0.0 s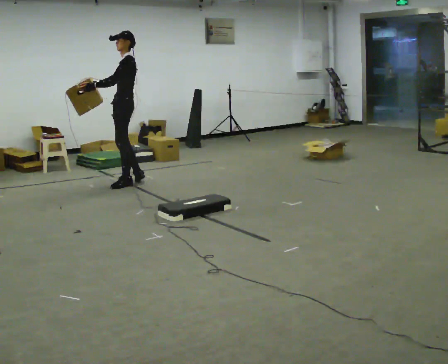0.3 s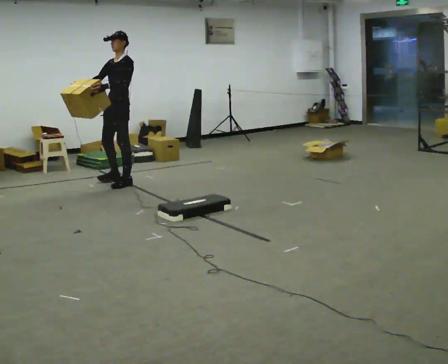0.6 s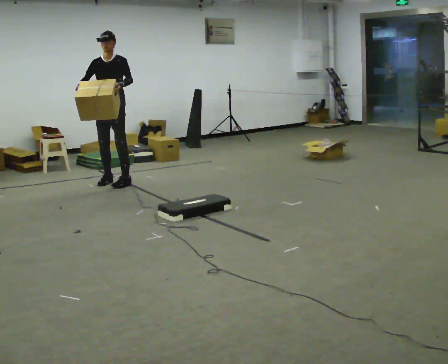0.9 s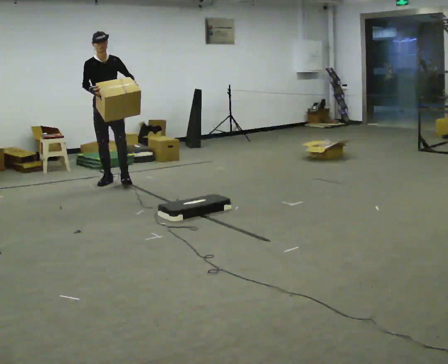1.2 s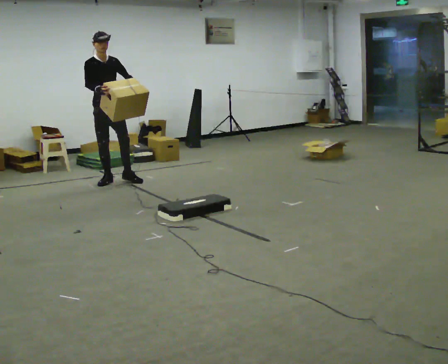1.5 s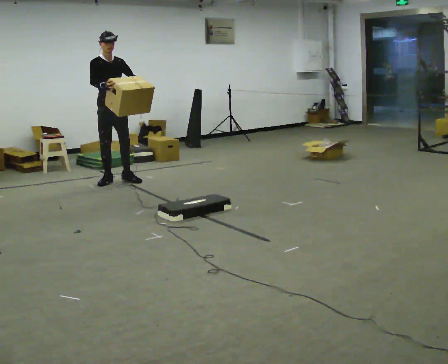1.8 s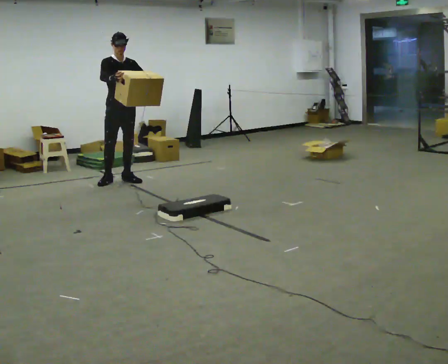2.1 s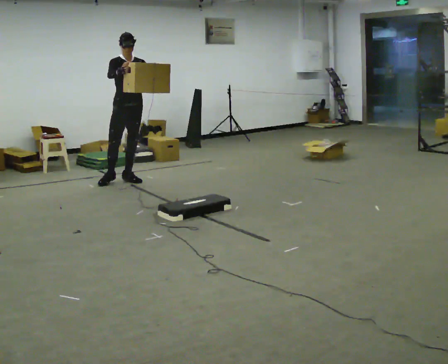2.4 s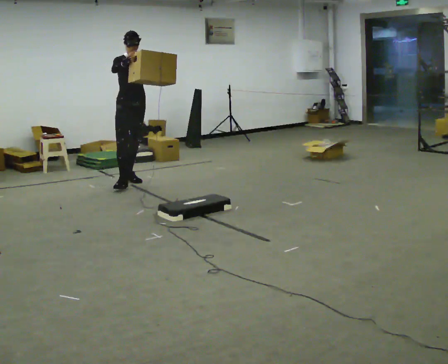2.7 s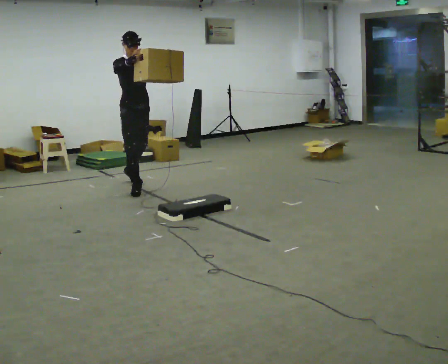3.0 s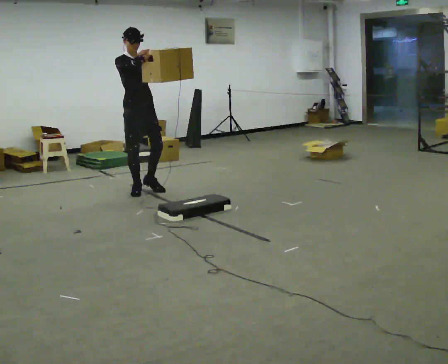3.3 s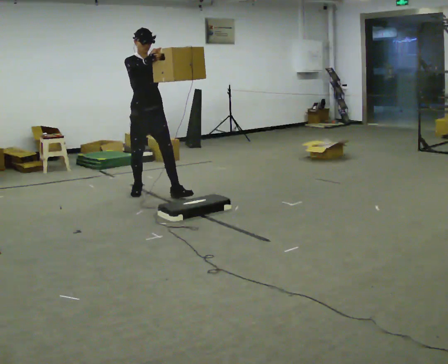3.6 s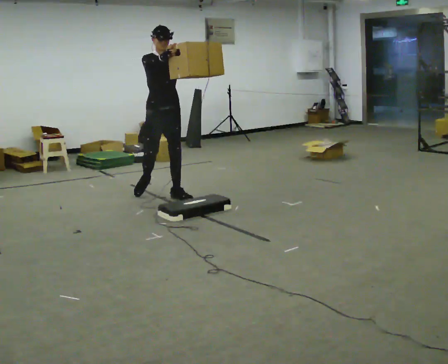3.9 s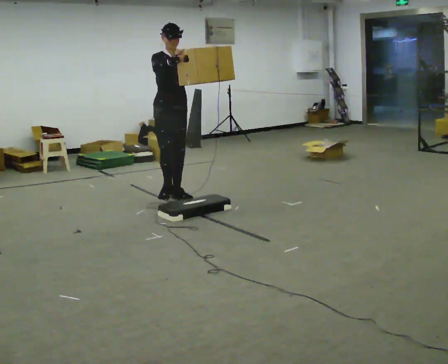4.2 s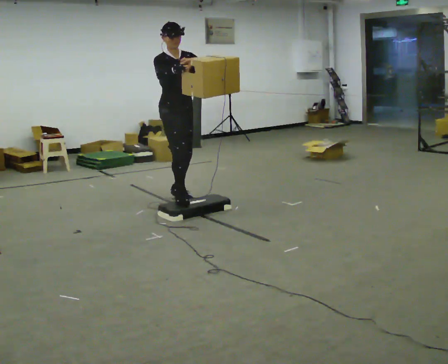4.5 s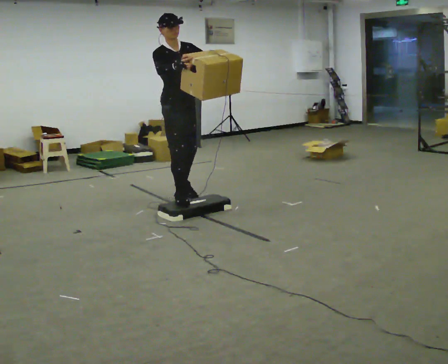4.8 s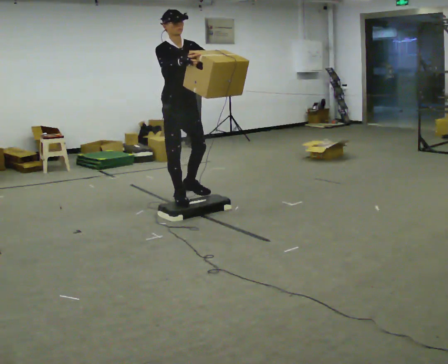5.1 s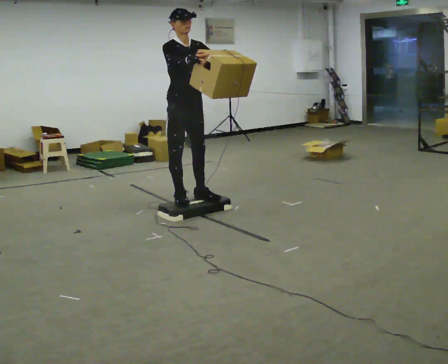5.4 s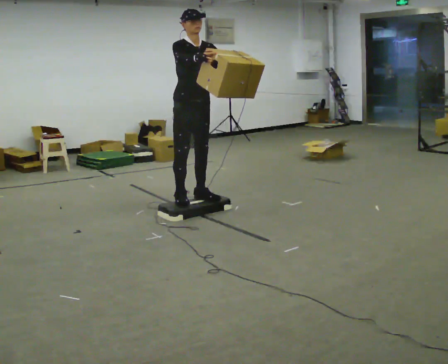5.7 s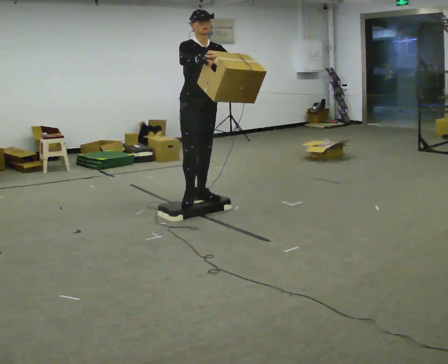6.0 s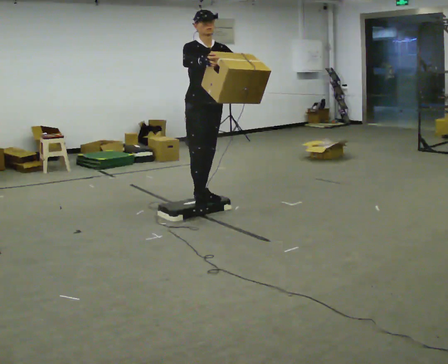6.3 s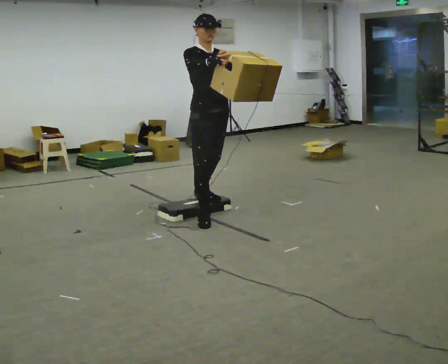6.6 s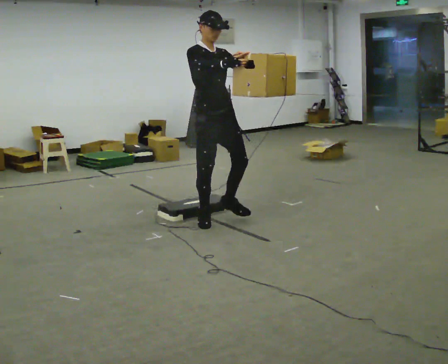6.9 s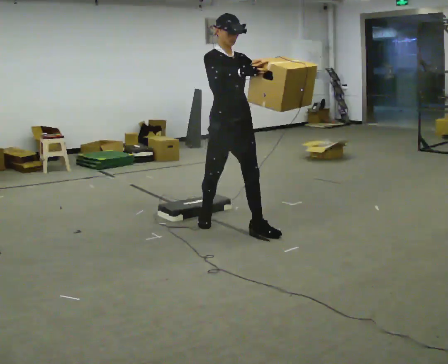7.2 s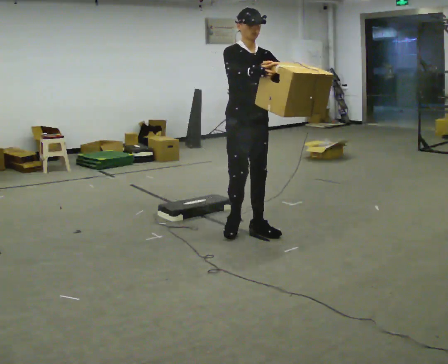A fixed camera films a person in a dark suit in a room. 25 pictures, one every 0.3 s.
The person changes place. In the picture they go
toward the camera.
0.0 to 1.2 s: Seen from above the body turns counterclockwise, about 120 degrees: to their left, with its near side sliding to the right. In the picture they go to the left, about 0.25 m in 1 step.
1.2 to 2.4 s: In the picture they go to the right, about 0.25 m in 1 step, which for them is to their left and forward.
2.4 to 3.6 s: In the picture they go toward the camera and to the right, about 0.5 m in 2 steps, which for them is forward.
3.6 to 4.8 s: In the picture they go toward the camera, about 0.5 m in 1 step, which for them is forward.
4.8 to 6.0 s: In the picture they go to the right and toward the camera, about 0.25 m in 1 step, which for them is forward and to their left.
6.0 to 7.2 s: In the picture they go toward the camera and to the right, about 0.75 m in 2 steps, which for them is forward.
The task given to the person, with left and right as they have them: Carry the box up onto the platform, across it, and down the other side, then bring it back. Keep going until the operator says stop; one object at a time, and do not rush between trips.
The film runs forward here.
